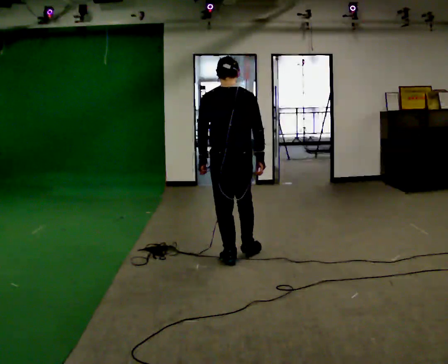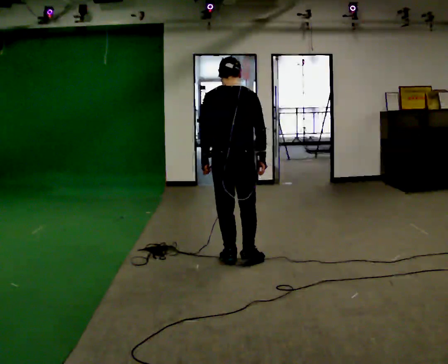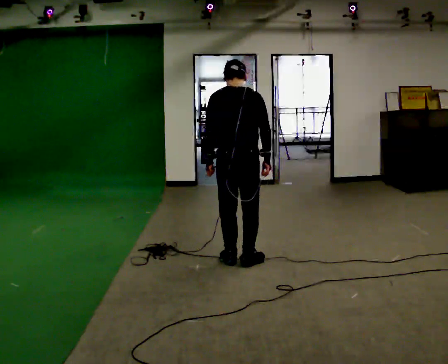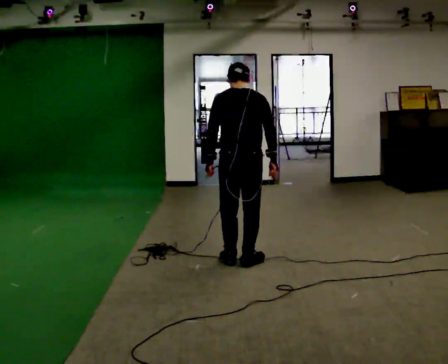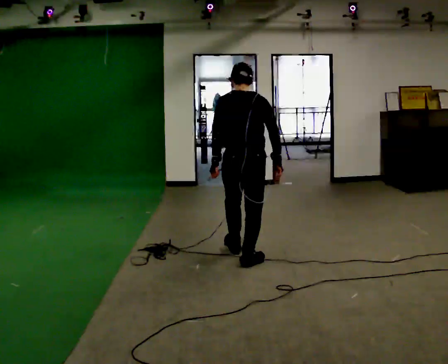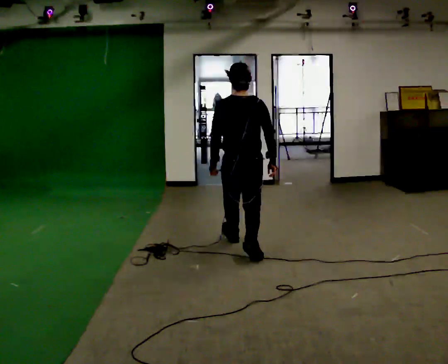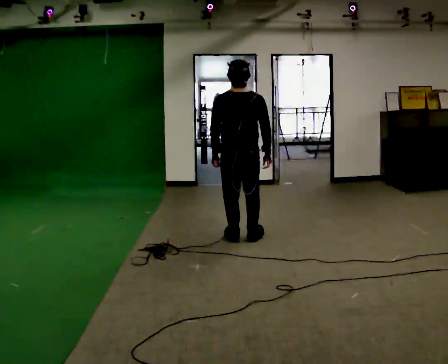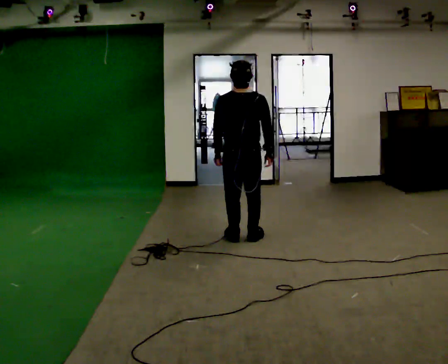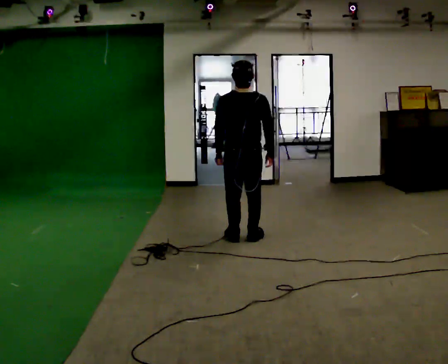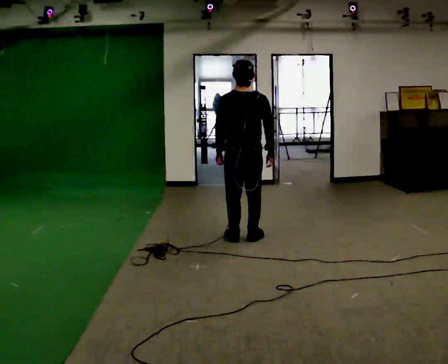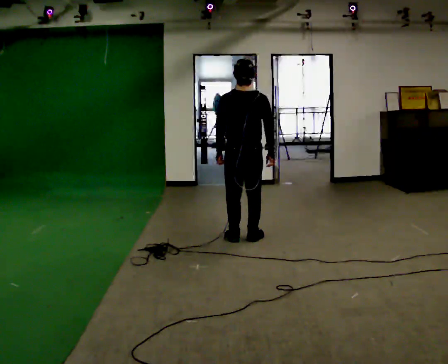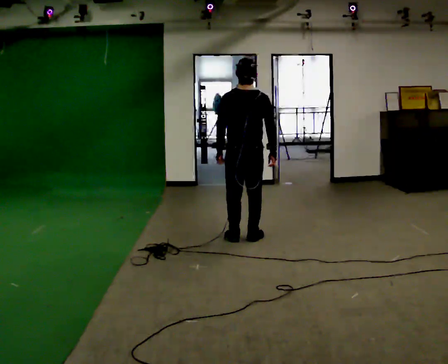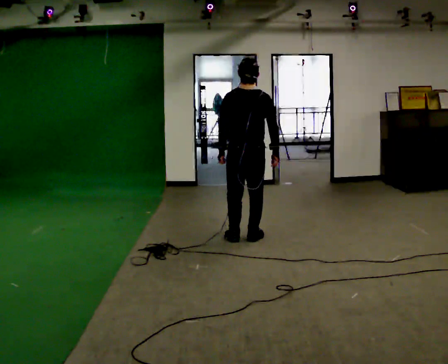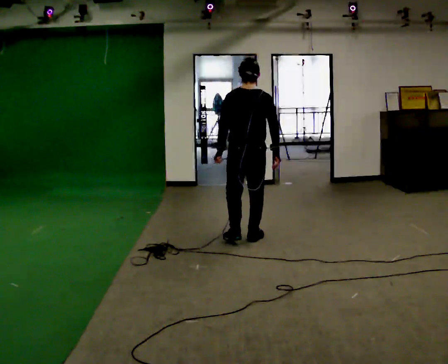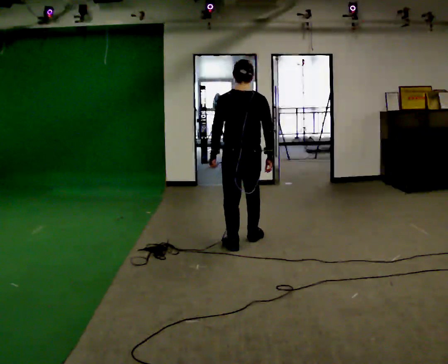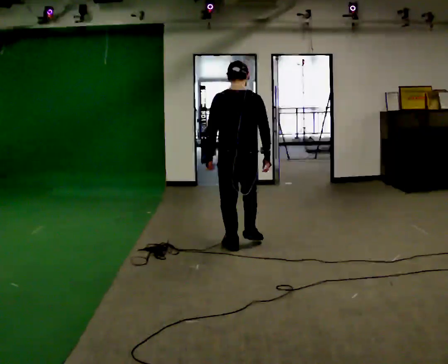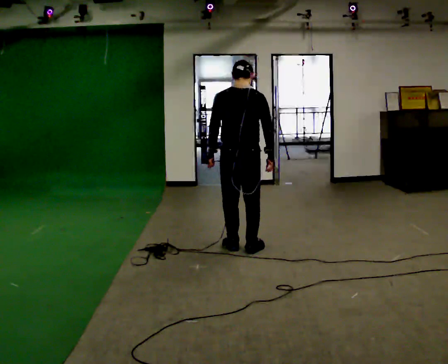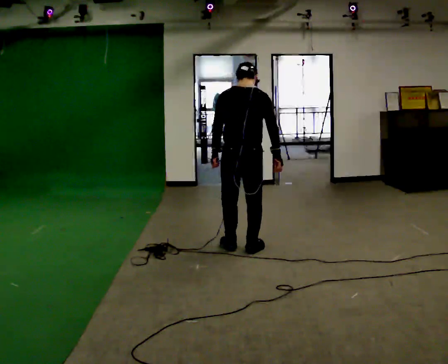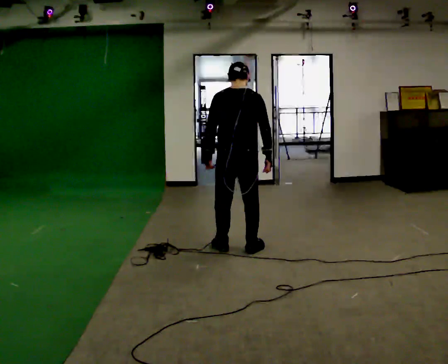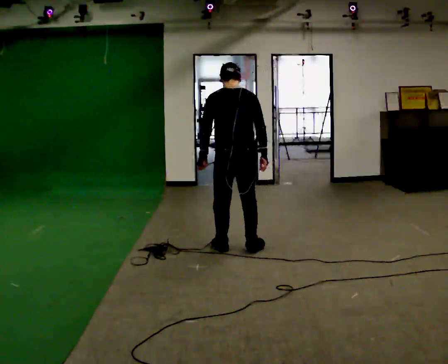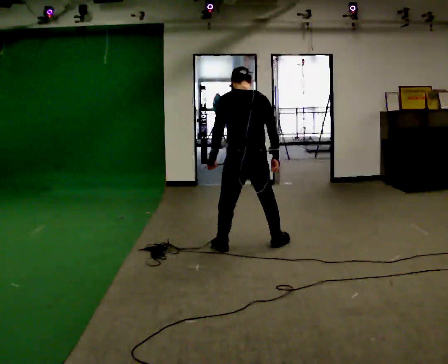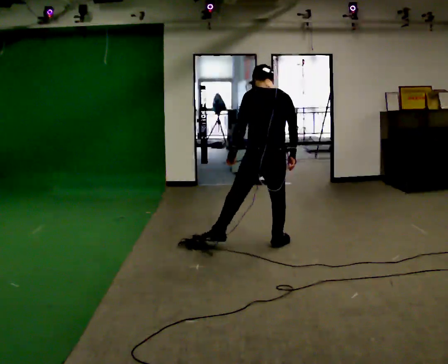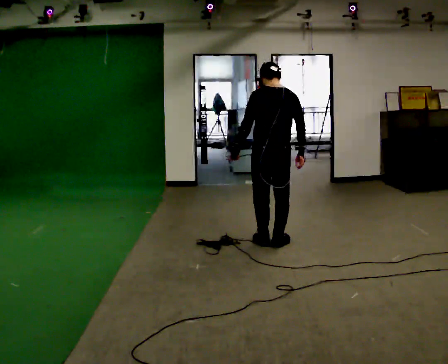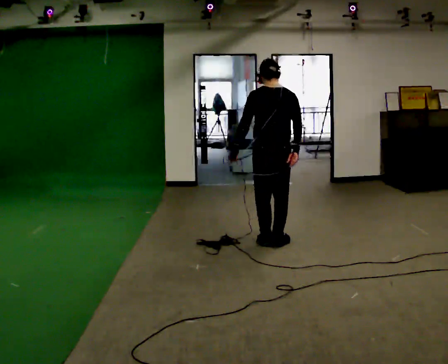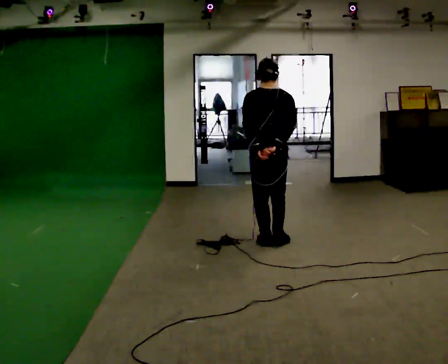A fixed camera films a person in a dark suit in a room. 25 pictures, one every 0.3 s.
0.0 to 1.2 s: The person moves a little, or ends about where they began.
1.2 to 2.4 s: In the picture they go away from the camera, about 0.5 m in 1 step, which for them is forward. The upper body tips toward the camera, its near side rolling downward, as they lean back or straighten.
2.4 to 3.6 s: The person moves a little, or ends about where they began.
3.6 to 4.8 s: In the picture they go toward the camera, about 0.25 m in 2 steps, which for them is backward.
4.8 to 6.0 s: The person moves a little, or ends about where they began.
6.0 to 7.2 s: In the picture they go away from the camera and to the right, about 0.25 m in 1 step, which for them is to their right and forward.
The film runs backward here.
